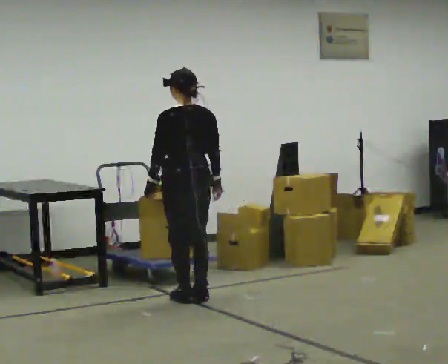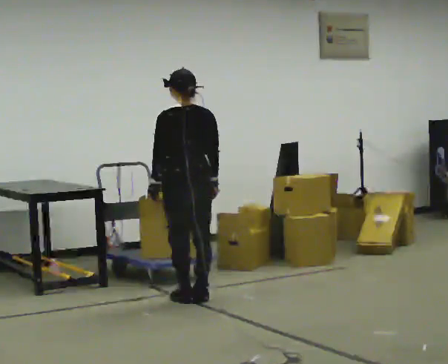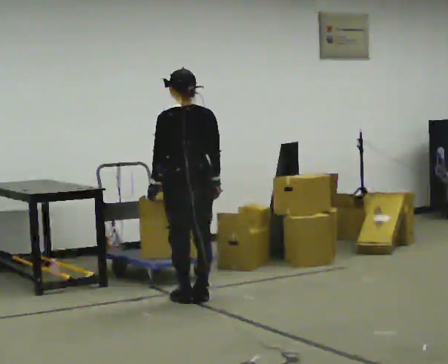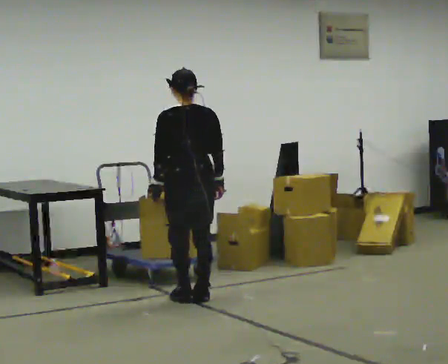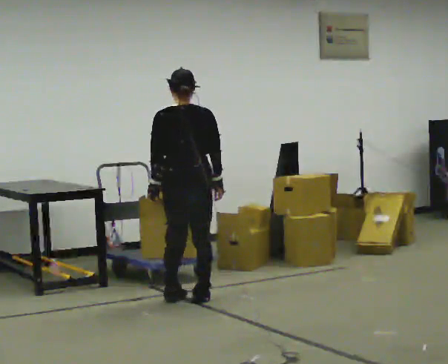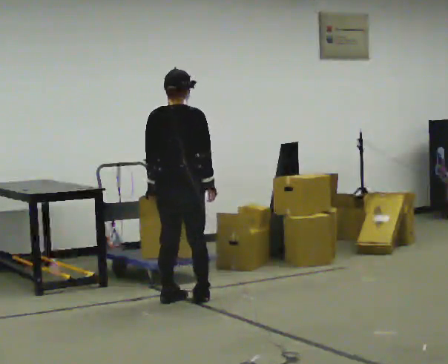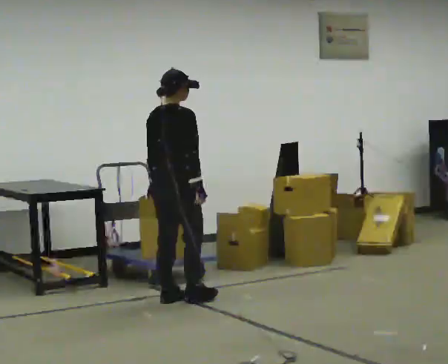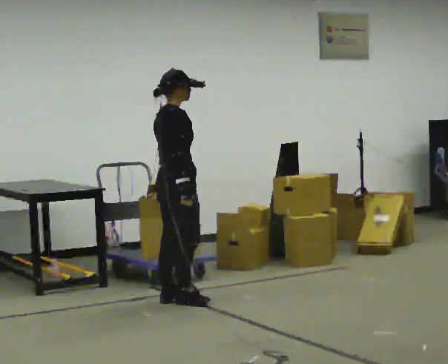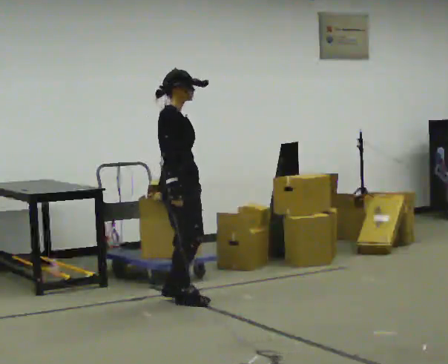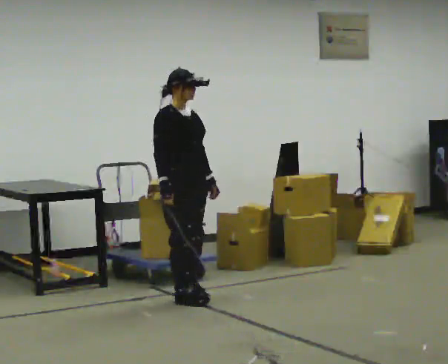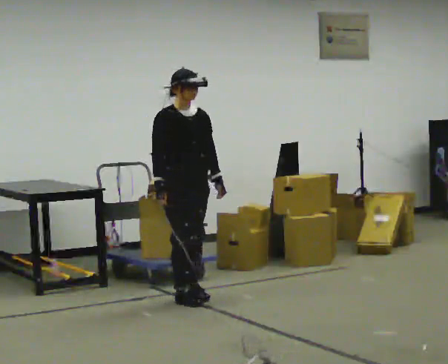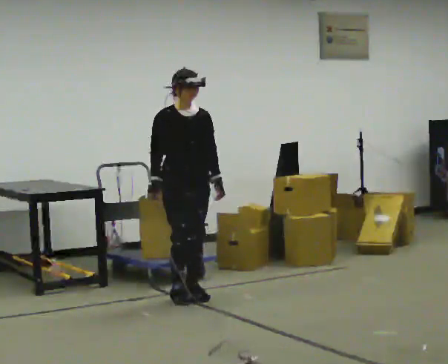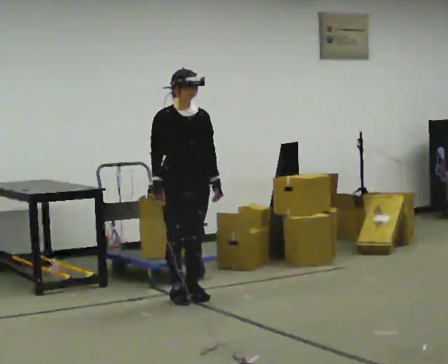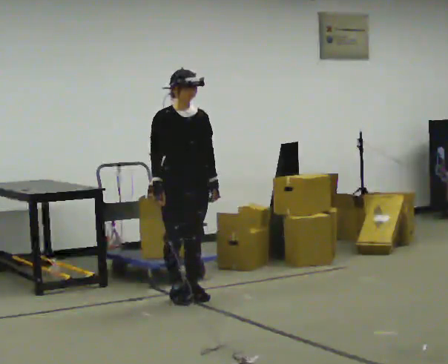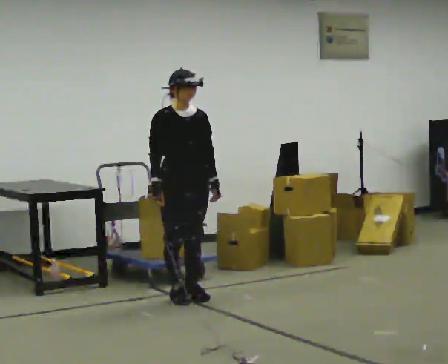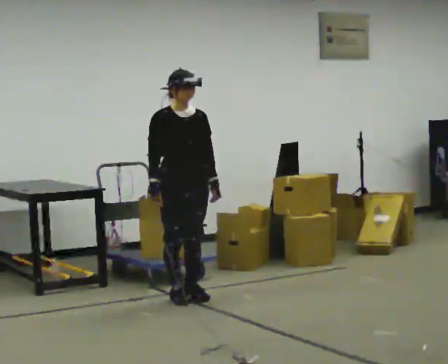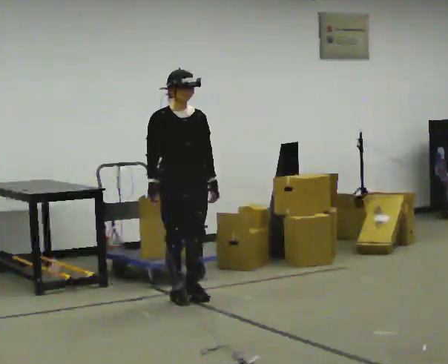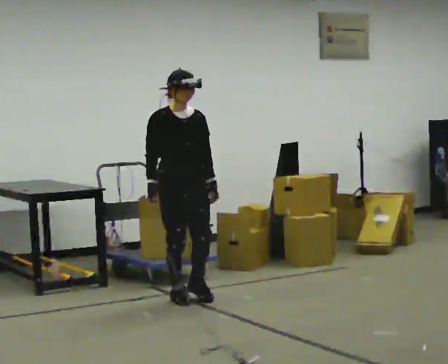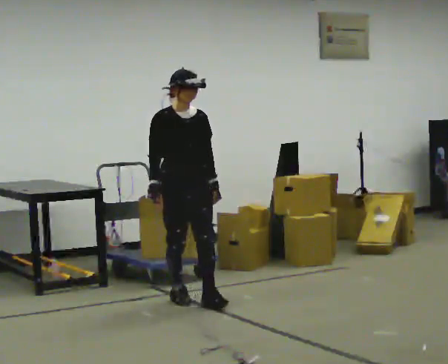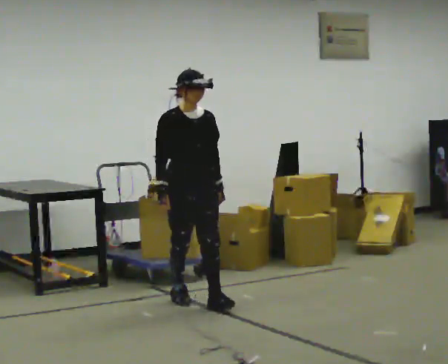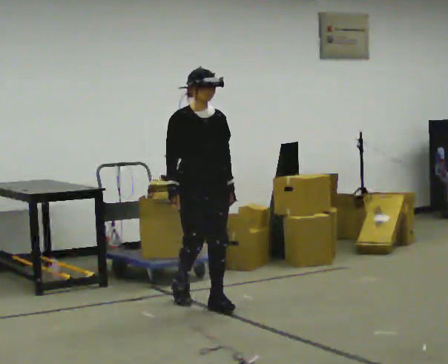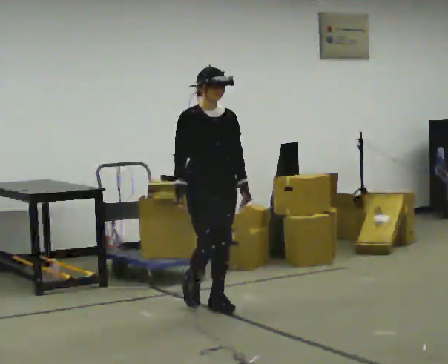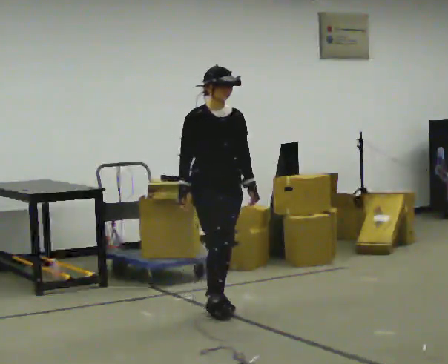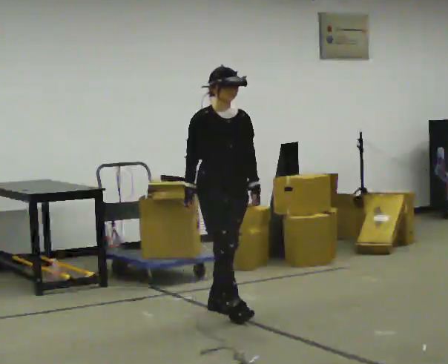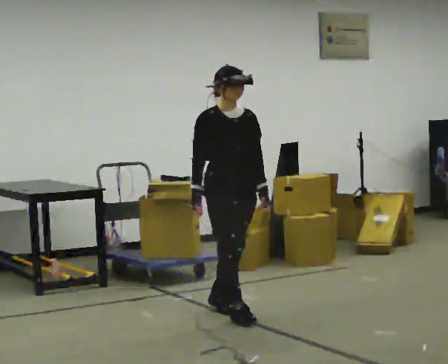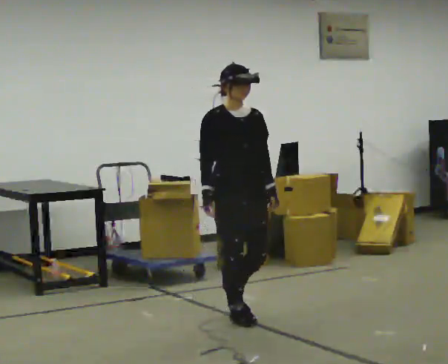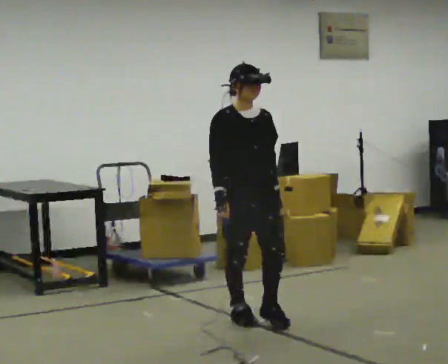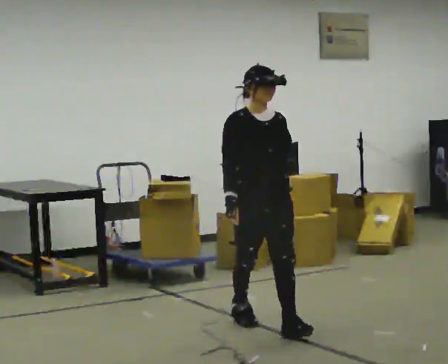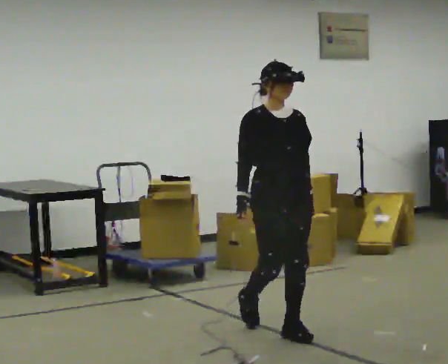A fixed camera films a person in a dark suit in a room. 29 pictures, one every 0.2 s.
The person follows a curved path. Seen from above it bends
counterclockwise.
The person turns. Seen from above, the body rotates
clockwise.
0.0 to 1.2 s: Seen from above the body turns clockwise, about 75 degrees: to their right, with its near side sliding to the left.
1.2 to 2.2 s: The part of the body nearest the lens slides to the left as the person turns to their right by about 105 degrees. In the picture their left hand goes to the right.
2.2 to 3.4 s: The person moves a little, or ends about where they began.
3.4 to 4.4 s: In the picture they go toward the camera and to the right, about 0.25 m in 1 step, which for them is forward.
4.4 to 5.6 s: In the picture they go toward the camera and to the right, about 1 m in 2 steps, which for them is forward.
The film runs forward here.
